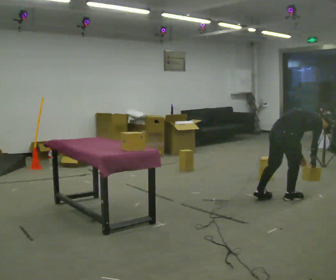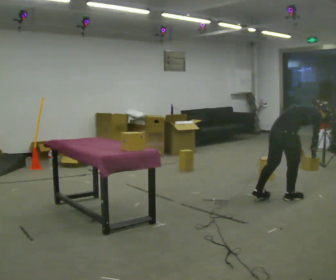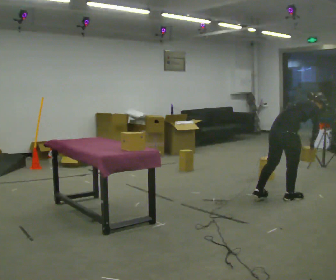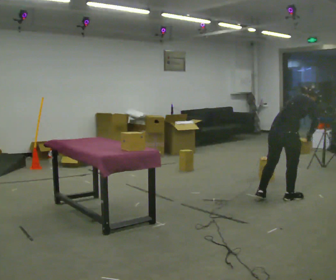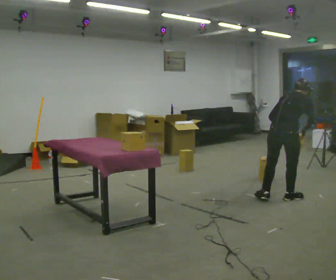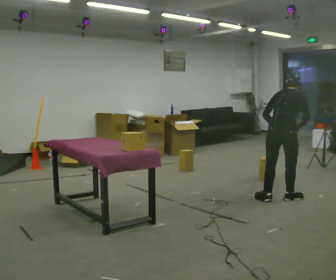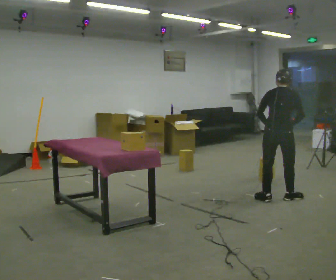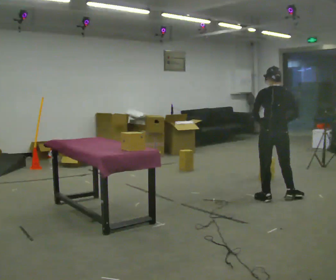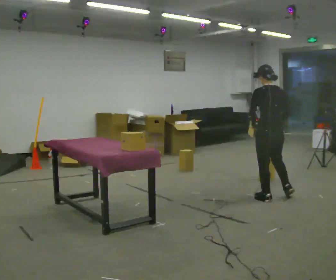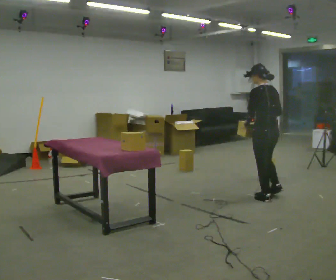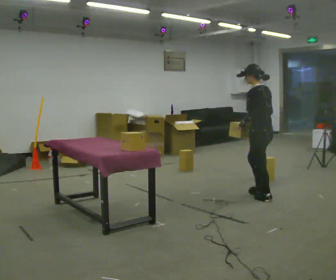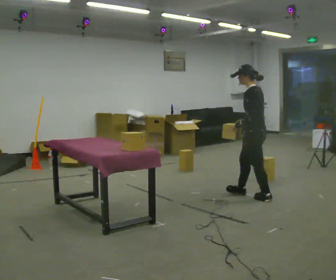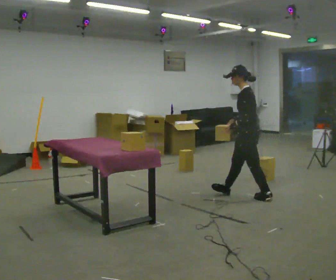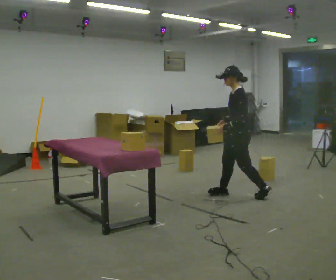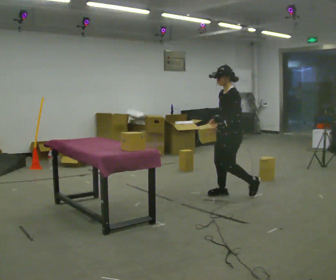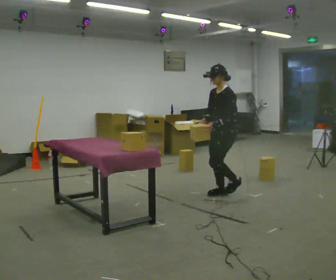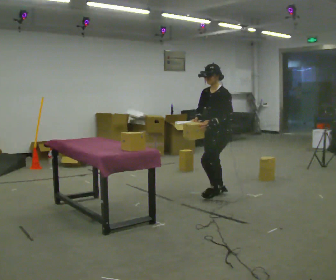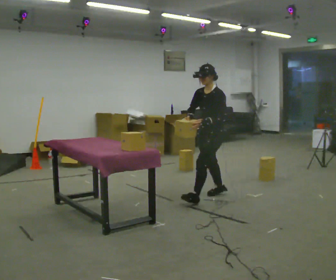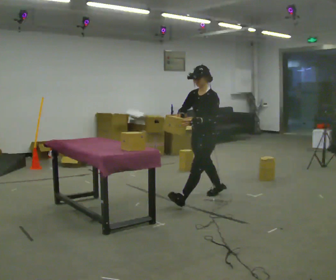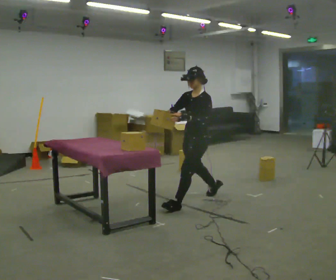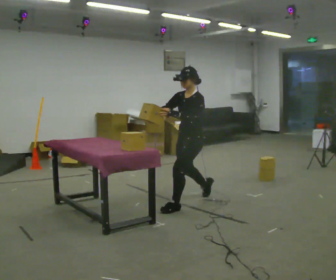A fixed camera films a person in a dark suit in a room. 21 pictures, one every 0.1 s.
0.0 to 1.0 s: The person turns about 120 degrees to their left, counterclockwise seen from above, so the part of the body nearest the lens slides to the right. In the picture they go to the left, about 0.25 m in 1 step. The shoulders move upward. In the picture the upper body tilts counterclockwise, shoulders to the left, as they lean back or straighten. In the picture their right hand goes upward.
1.0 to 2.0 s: The person turns about 60 degrees to their left, counterclockwise seen from above, so the part of the body nearest the lens slides to the right. In the picture they go to the left, about 1 m in 2 steps.
The film runs forward here.
